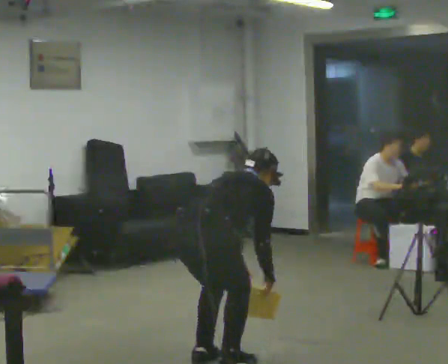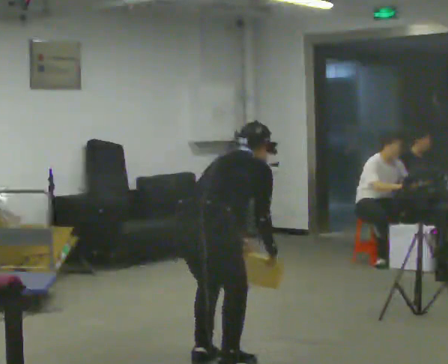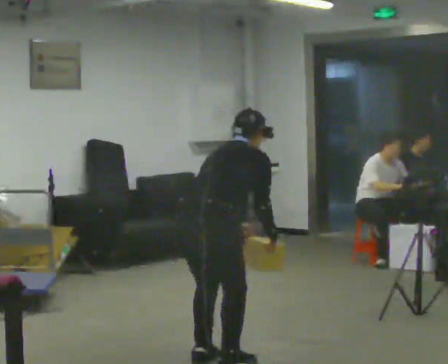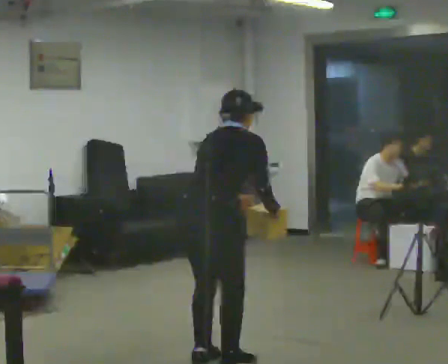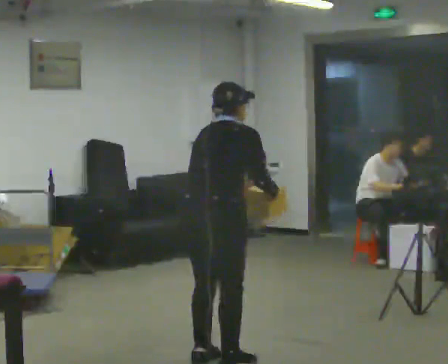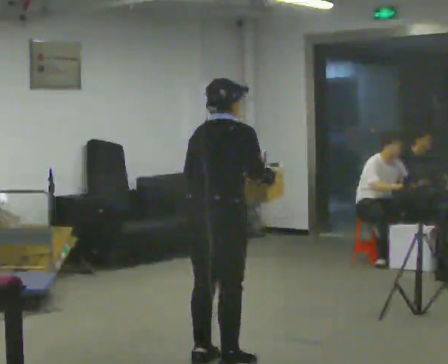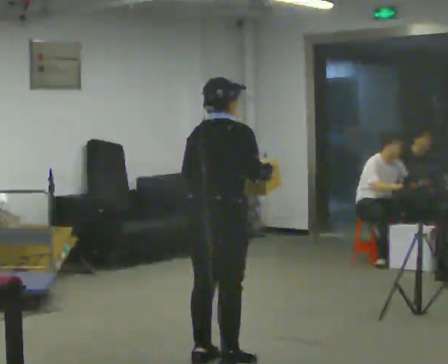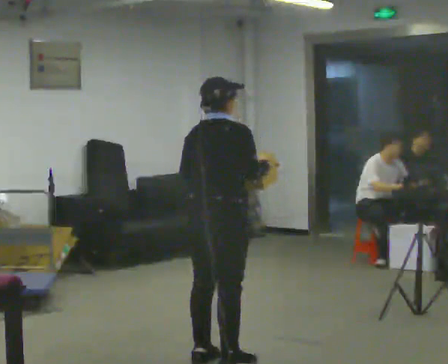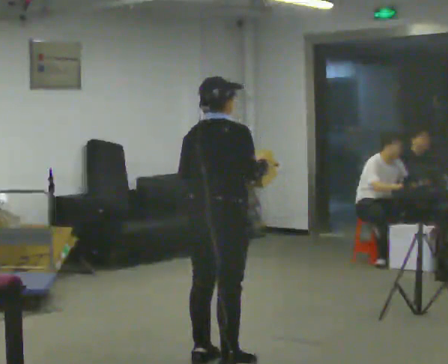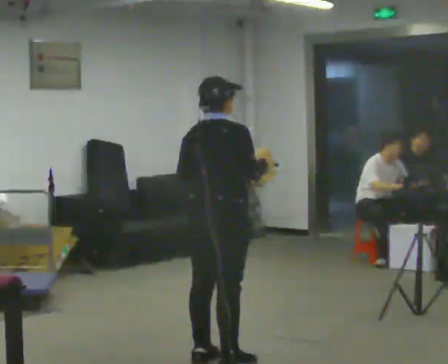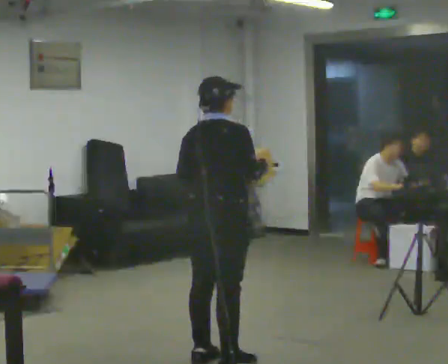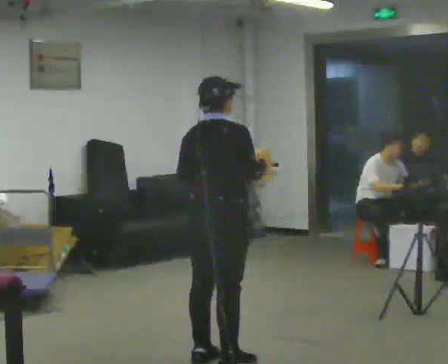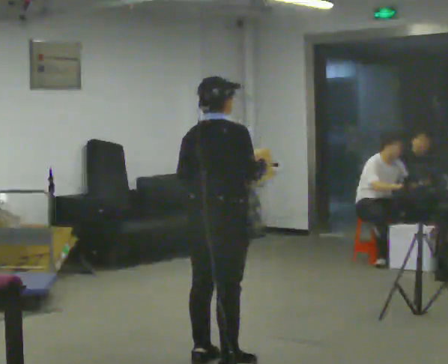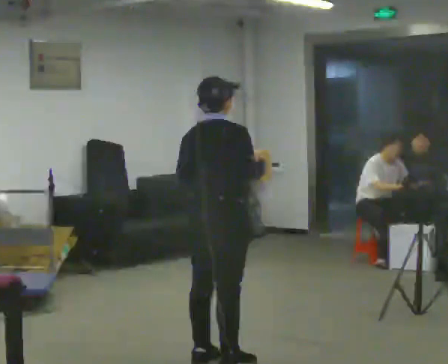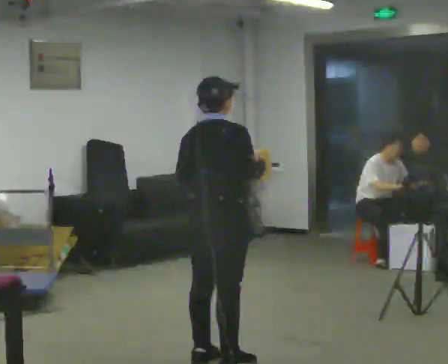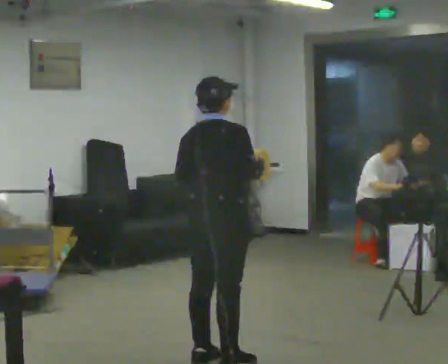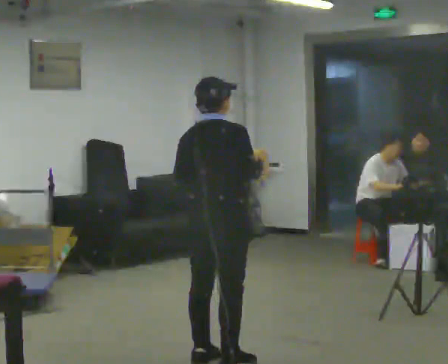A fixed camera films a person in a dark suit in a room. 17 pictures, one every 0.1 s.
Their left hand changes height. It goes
upward.
Their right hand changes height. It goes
upward.
0.0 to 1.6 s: The upper body goes upward. In the picture the upper body tilts counterclockwise, shoulders to the left, as they lean back or straighten. In the picture their left hand goes upward.
The film runs forward here.
